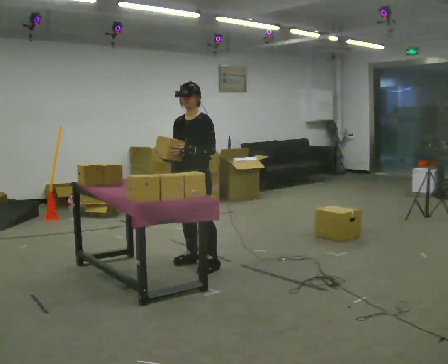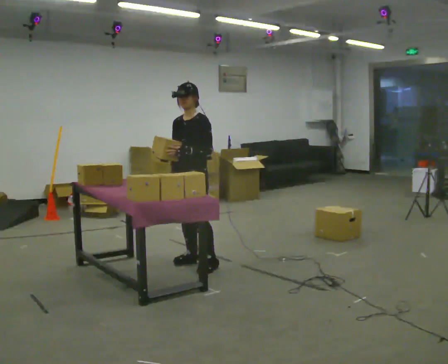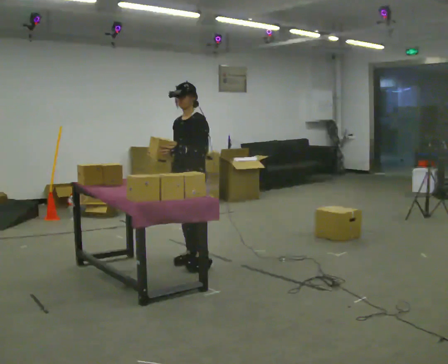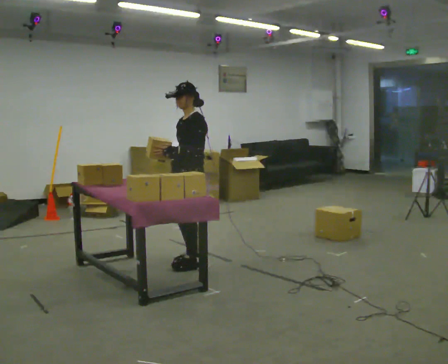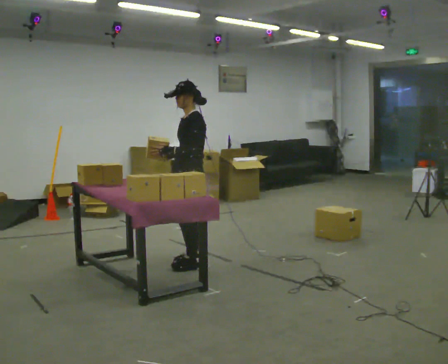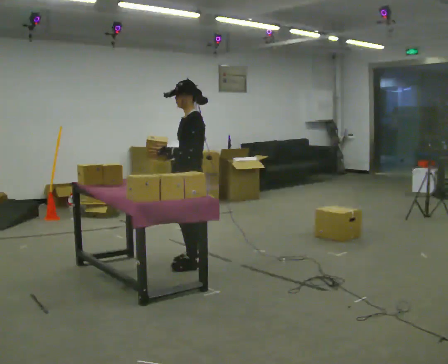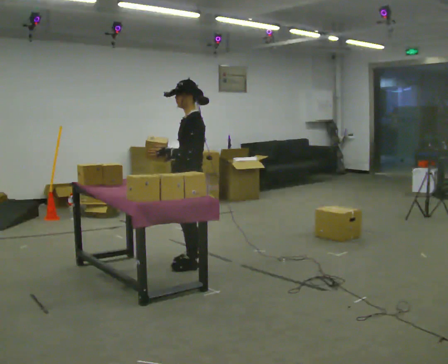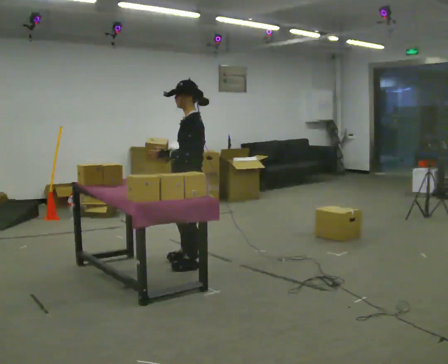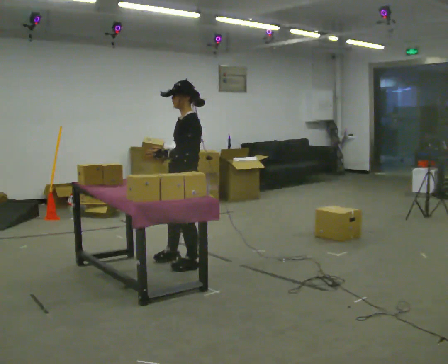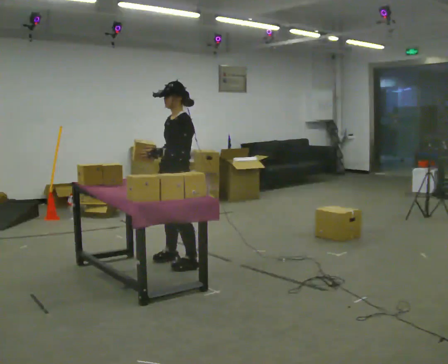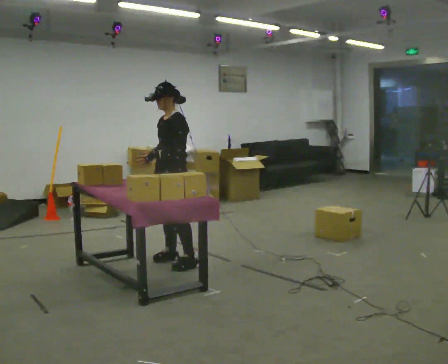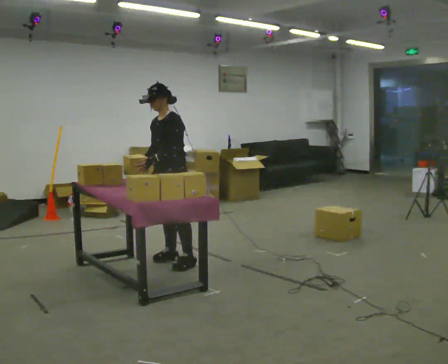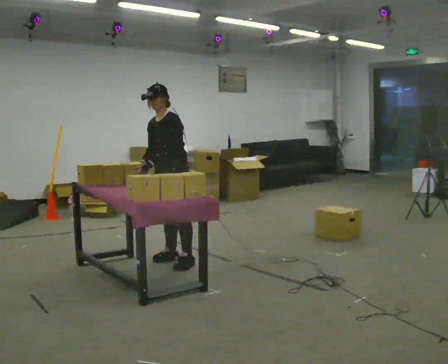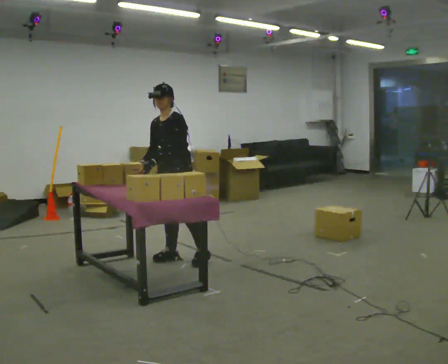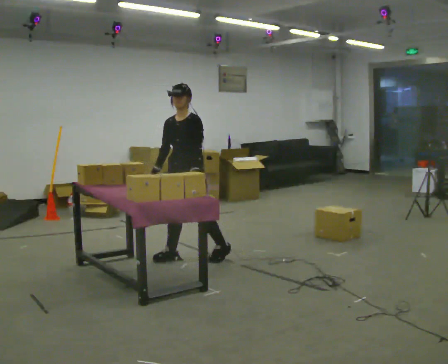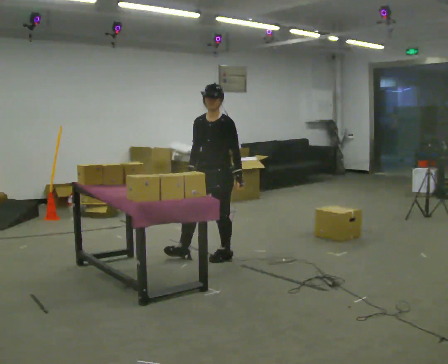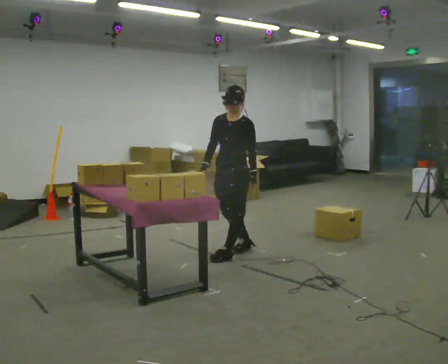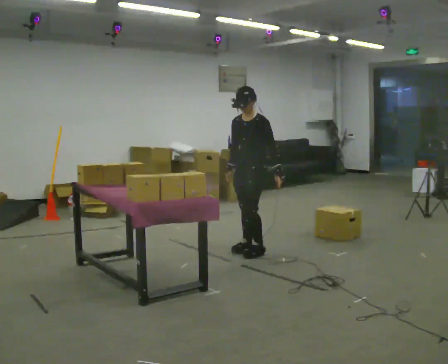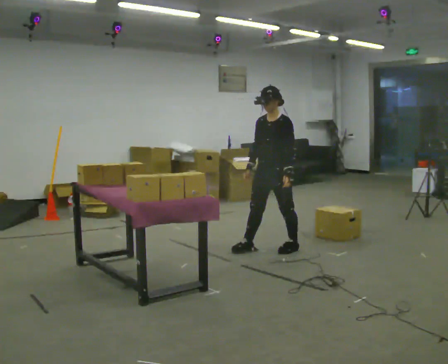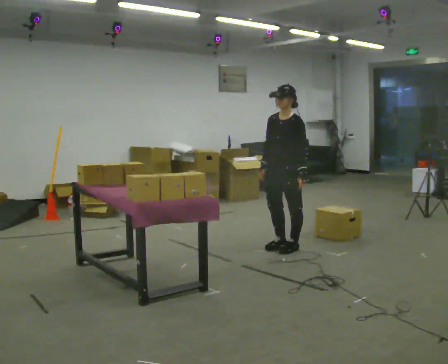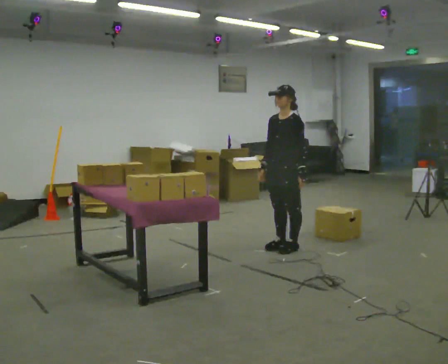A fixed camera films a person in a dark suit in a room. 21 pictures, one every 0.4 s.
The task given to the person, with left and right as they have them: Pick up both objects, carry them together, then put each one in a different place. Keep going until the operator says stop; one object at a time, and do not rush between trips.
0.0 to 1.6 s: The person turns about 45 degrees to their right, clockwise seen from above, so the part of the body nearest the lens slides to the left.
1.6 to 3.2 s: The person moves a little, or ends about where they began.
3.2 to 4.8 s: Seen from above the body turns counterclockwise, about 30 degrees: to their left, with its near side sliding to the right. In the picture they go away from the camera, about 0.25 m, which for them is to their right. In the picture the upper body tilts counterclockwise, shoulders to the left.
4.8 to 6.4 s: In the picture they go to the right, about 0.5 m in 2 steps, which for them is backward and to their left.
6.4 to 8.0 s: In the picture they go to the right, about 0.5 m in 2 steps, which for them is backward and to their left.
The film runs forward here.
